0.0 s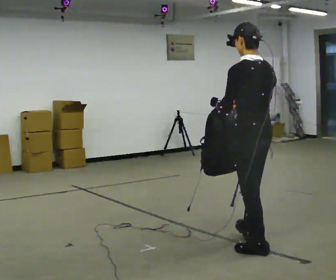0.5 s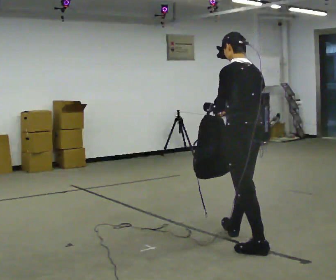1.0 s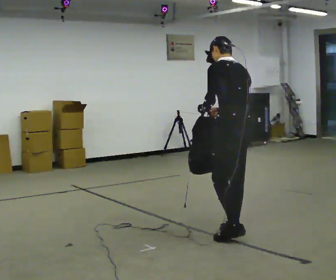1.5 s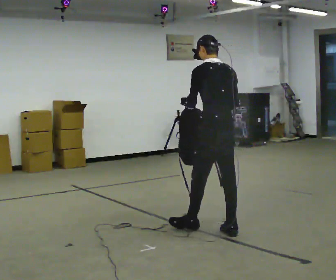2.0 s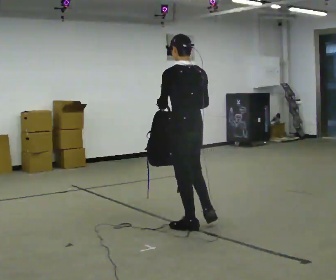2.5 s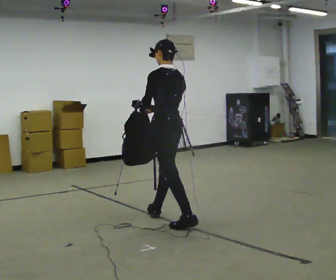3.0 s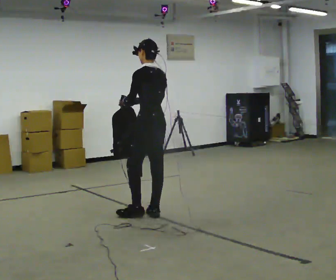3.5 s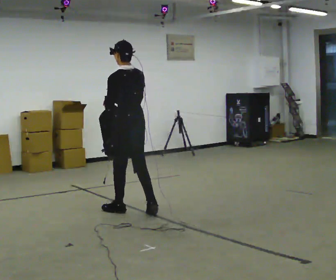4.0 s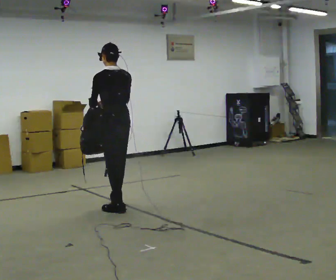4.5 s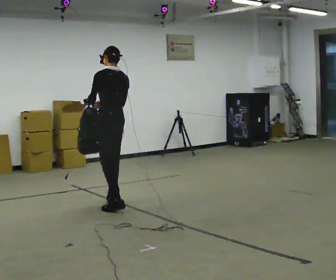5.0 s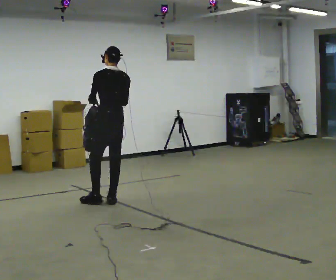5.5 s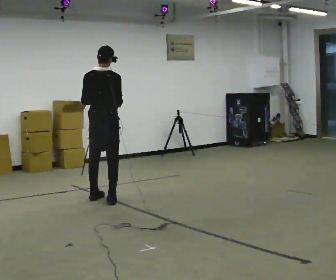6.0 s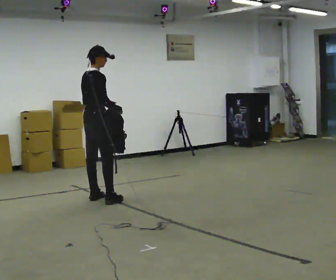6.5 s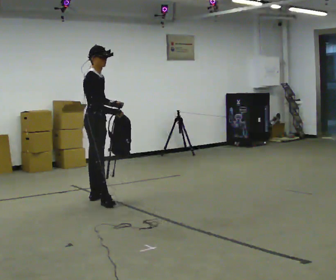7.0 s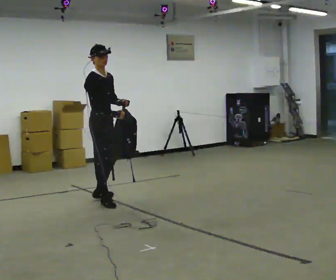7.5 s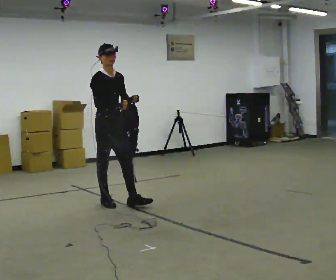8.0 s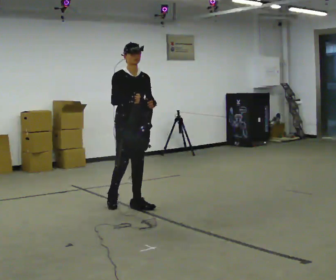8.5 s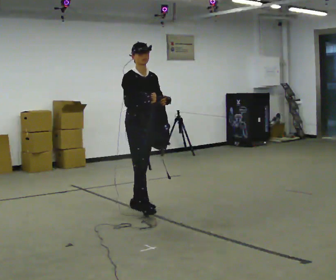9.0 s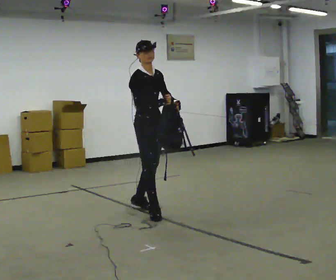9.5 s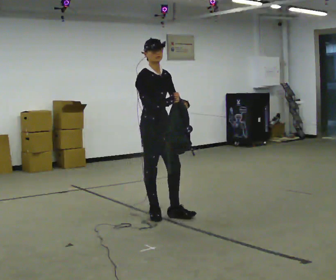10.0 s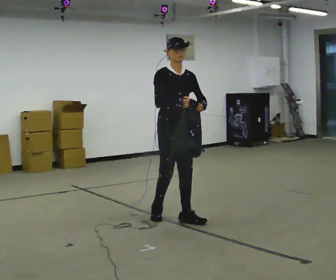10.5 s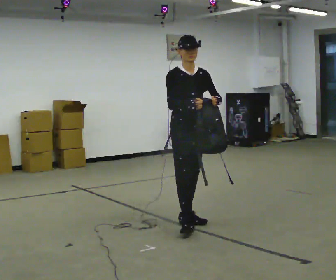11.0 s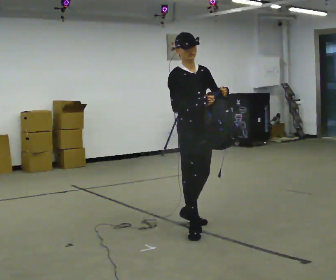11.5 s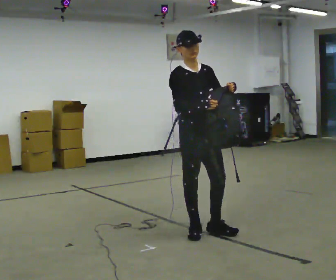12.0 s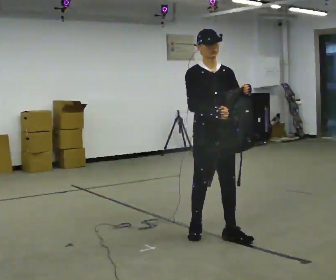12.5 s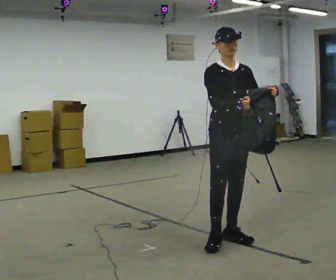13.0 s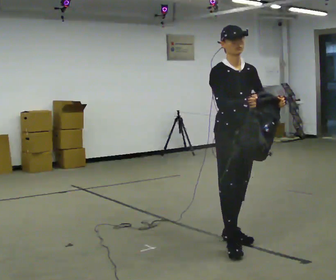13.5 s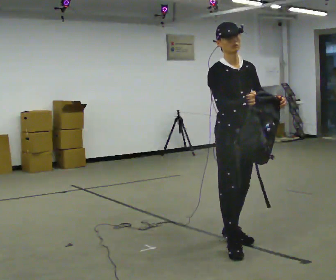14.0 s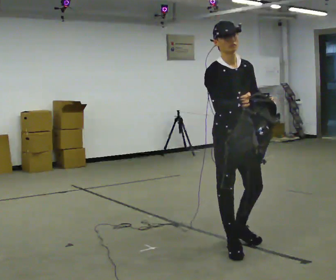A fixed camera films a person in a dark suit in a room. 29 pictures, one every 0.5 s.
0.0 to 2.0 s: In the picture they go away from the camera and to the left, about 1 m in 2 steps, which for them is forward.
2.0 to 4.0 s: In the picture they go away from the camera and to the left, about 1 m in 2 steps, which for them is forward.
4.0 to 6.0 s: The part of the body nearest the lens slides to the left as the person turns to their right by about 90 degrees. In the picture they go away from the camera and to the left, about 0.5 m in 2 steps.
6.0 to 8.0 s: The person turns about 90 degrees to their right, clockwise seen from above, so the part of the body nearest the lens slides to the left. In the picture they go to the right and toward the camera, about 0.5 m in 1 step.
8.0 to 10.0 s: In the picture they go toward the camera and to the right, about 0.5 m in 2 steps, which for them is forward.
10.0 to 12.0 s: In the picture they go toward the camera, about 0.75 m in 2 steps, which for them is forward.
12.0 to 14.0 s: In the picture they go toward the camera, about 0.5 m in 1 step, which for them is forward.
The film runs forward here.
